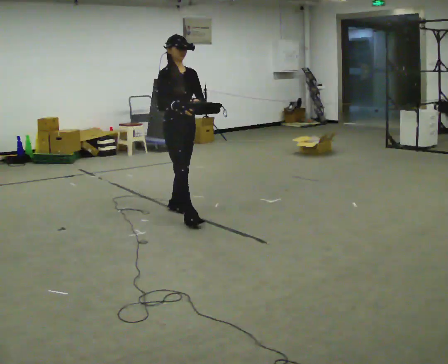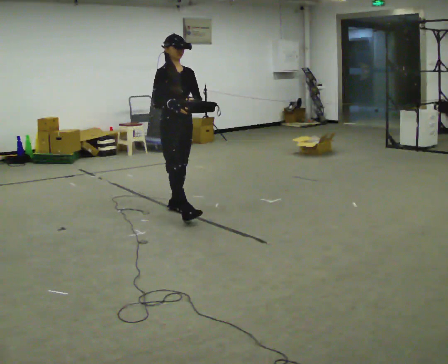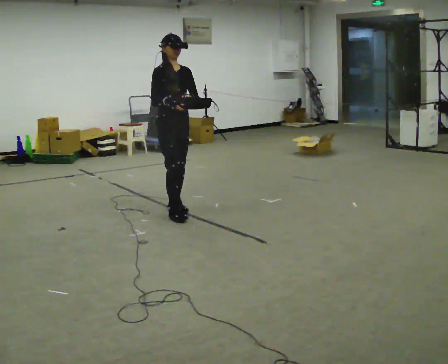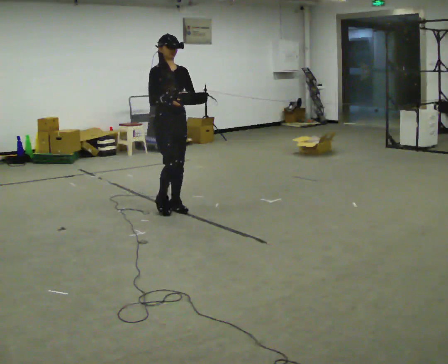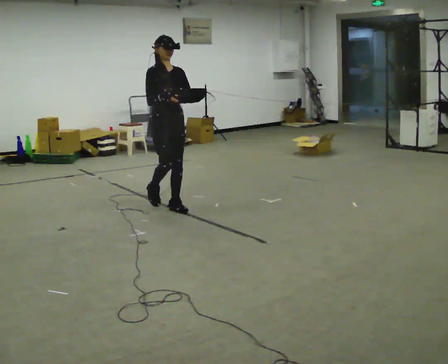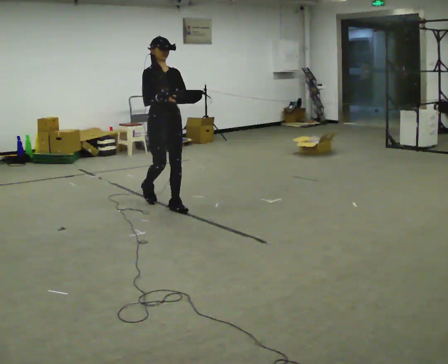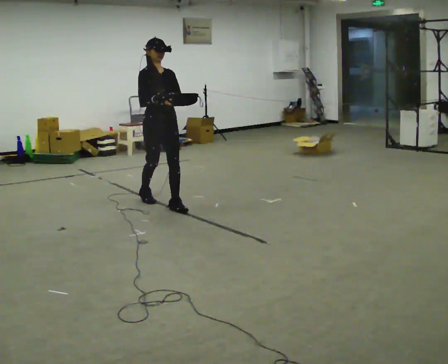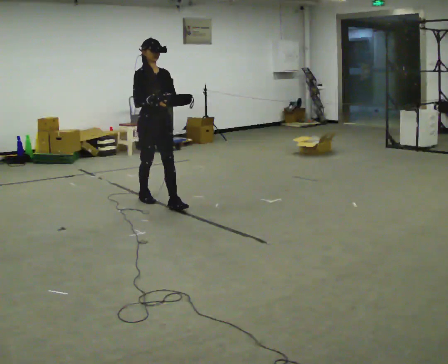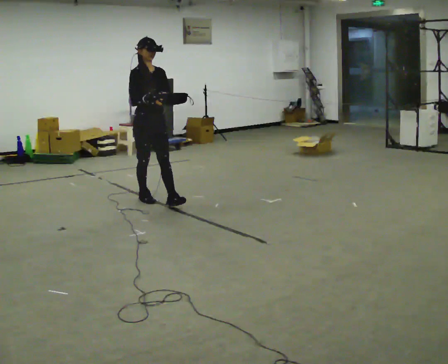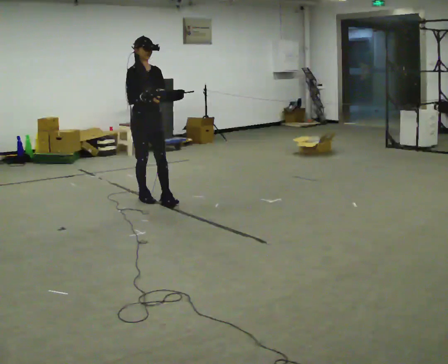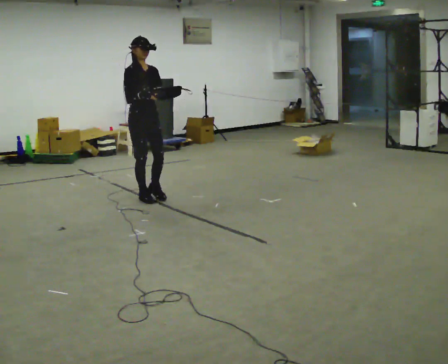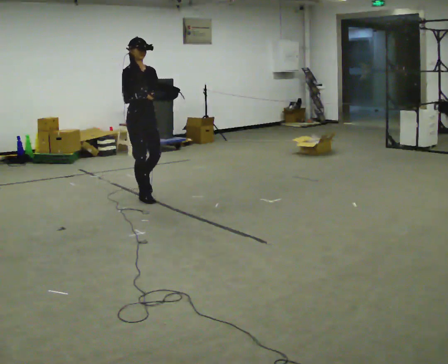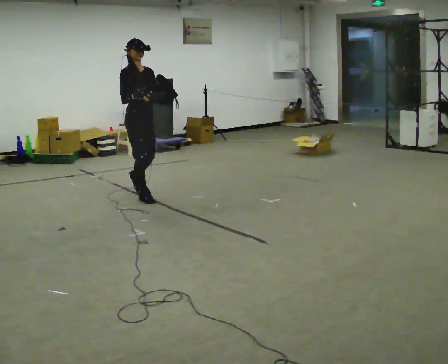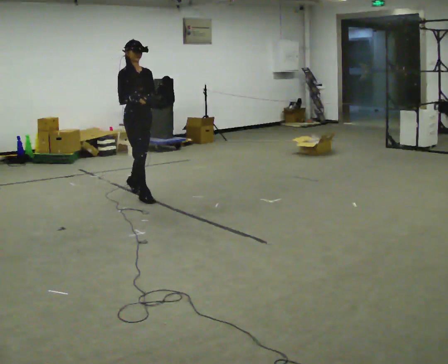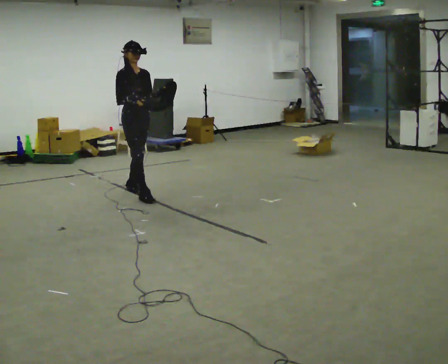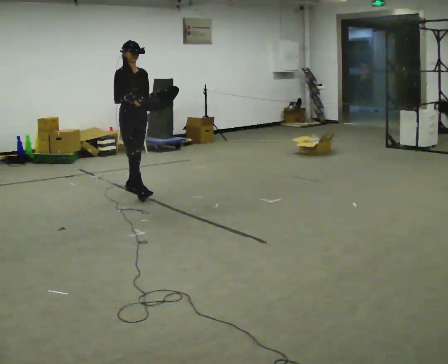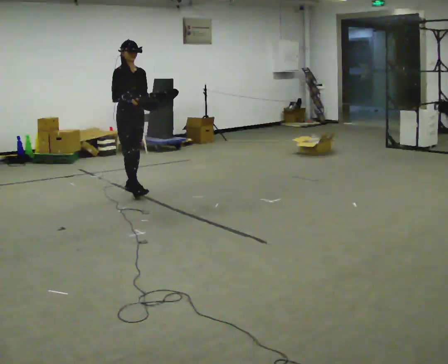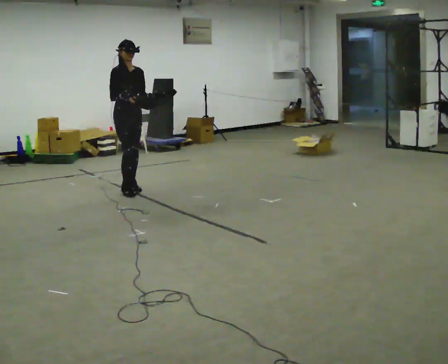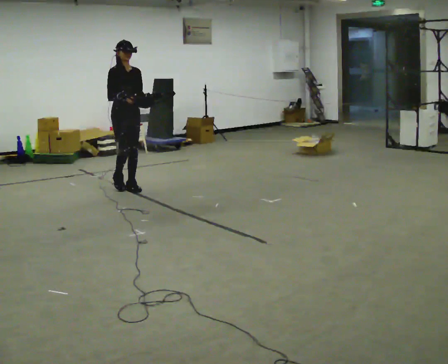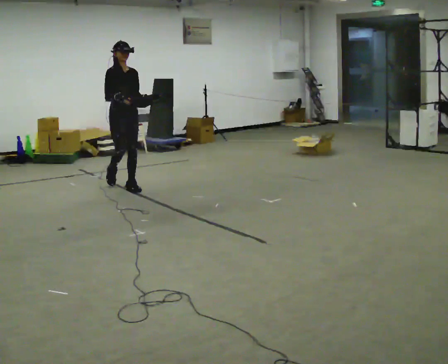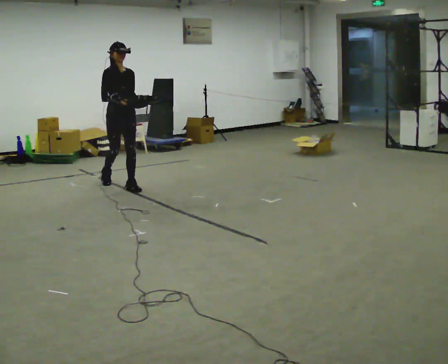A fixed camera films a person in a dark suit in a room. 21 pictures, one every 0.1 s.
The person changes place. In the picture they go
away from the camera.
0.0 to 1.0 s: In the picture they go away from the camera and to the left, about 0.75 m in 2 steps, which for them is backward.
1.0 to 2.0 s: In the picture they go away from the camera and to the left, about 0.5 m in 1 step, which for them is backward.
The film runs backward here.
